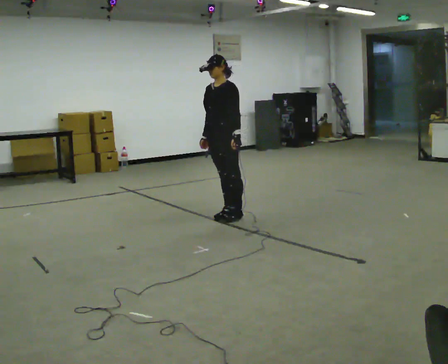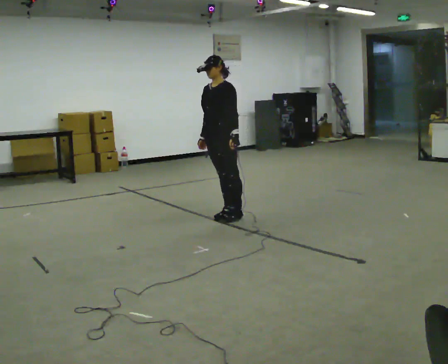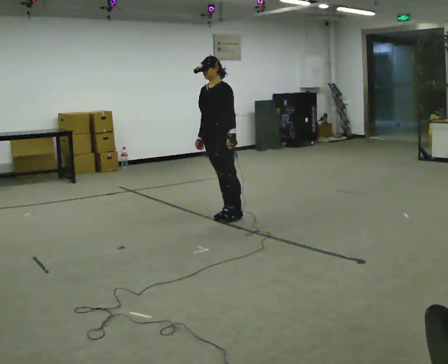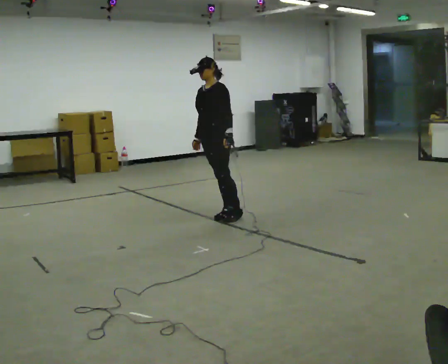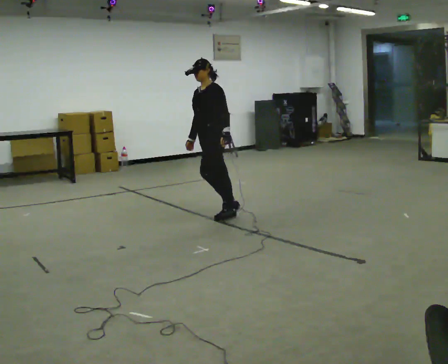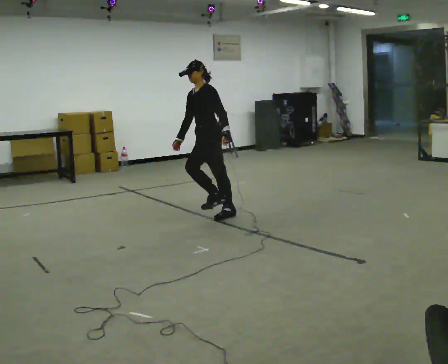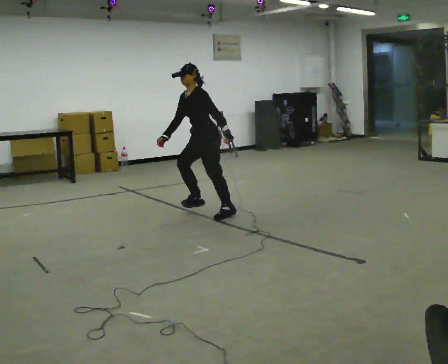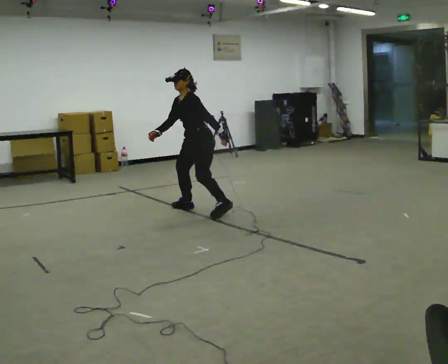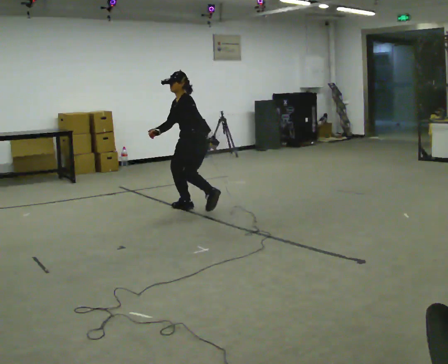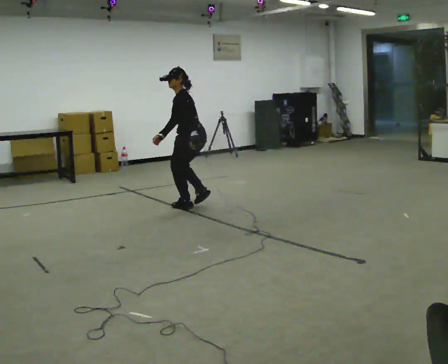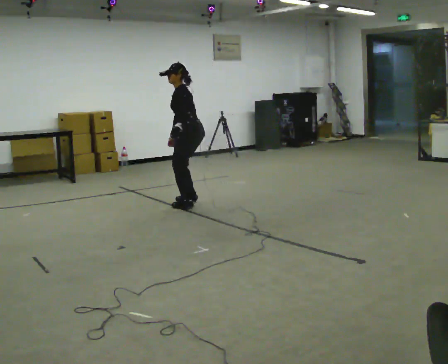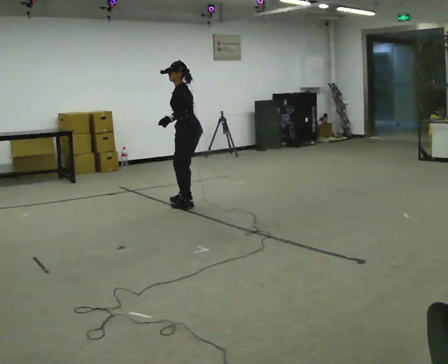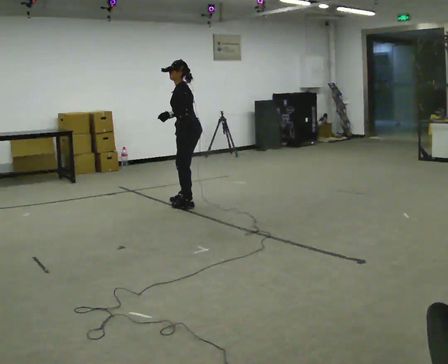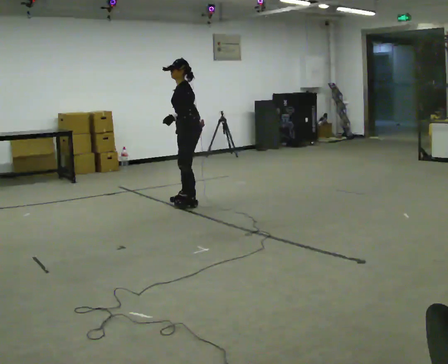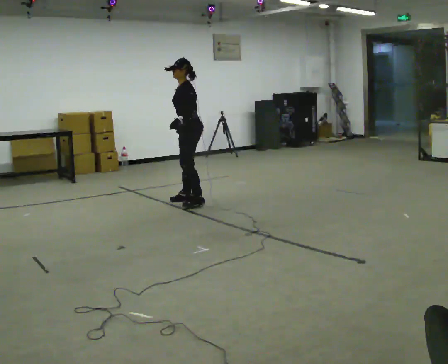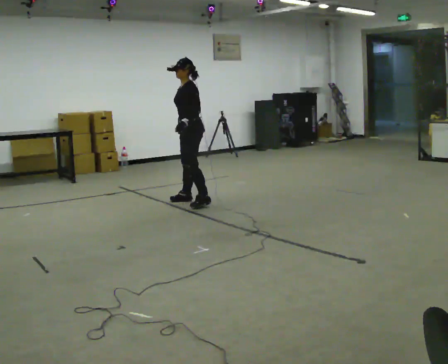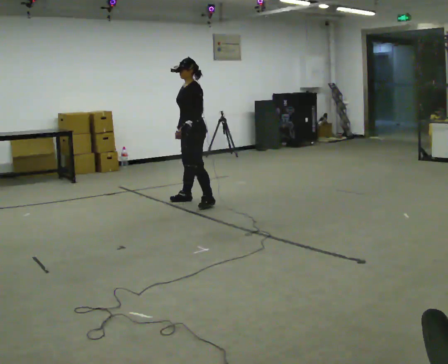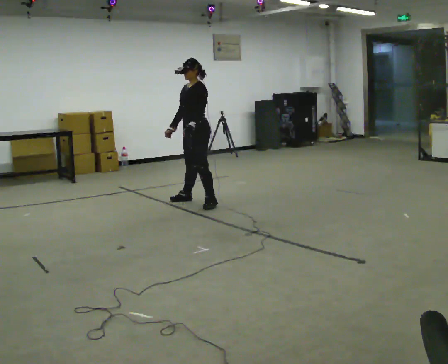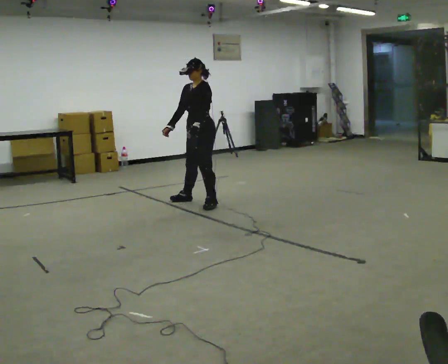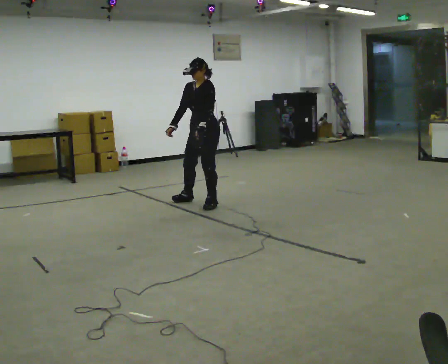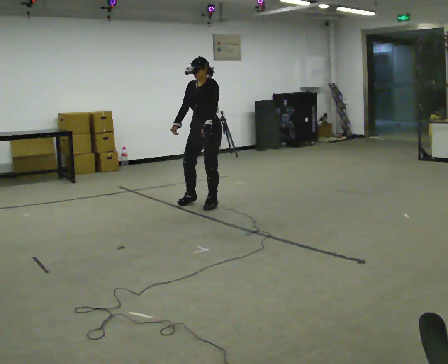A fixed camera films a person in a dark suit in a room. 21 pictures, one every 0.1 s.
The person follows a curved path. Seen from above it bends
clockwise.
0.0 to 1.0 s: The person turns about 45 degrees to their right, clockwise seen from above, so the part of the body nearest the lens slides to the left. In the picture they go away from the camera and to the left, about 0.5 m in 1 step, which for them is to their right and forward.
1.0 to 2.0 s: The part of the body nearest the lens slides to the right as the person turns to their left by about 60 degrees. In the picture they go to the right, about 0.25 m in 2 steps, which for them is backward.
The film runs forward here.
